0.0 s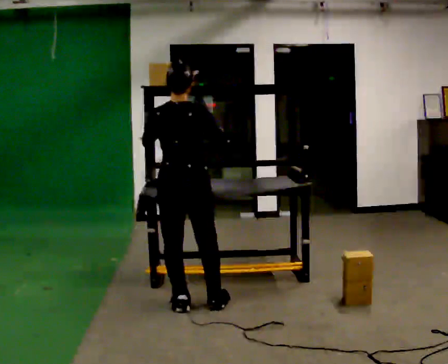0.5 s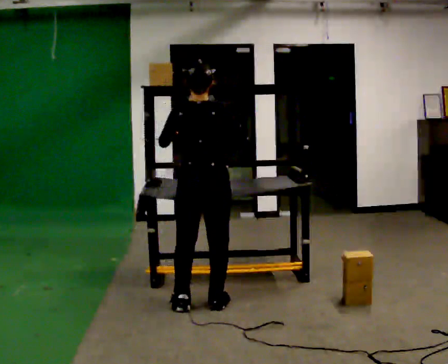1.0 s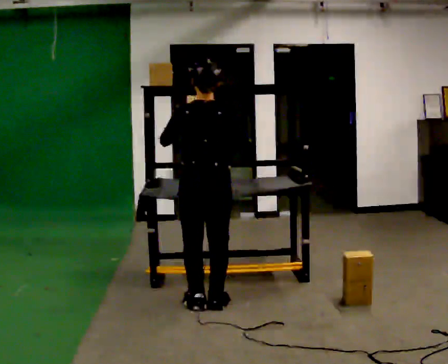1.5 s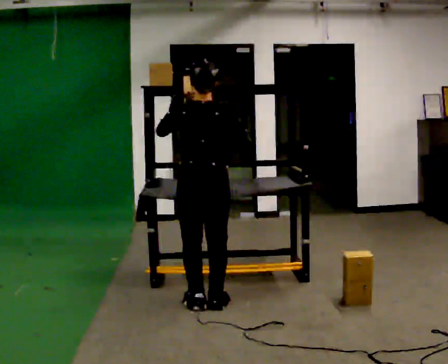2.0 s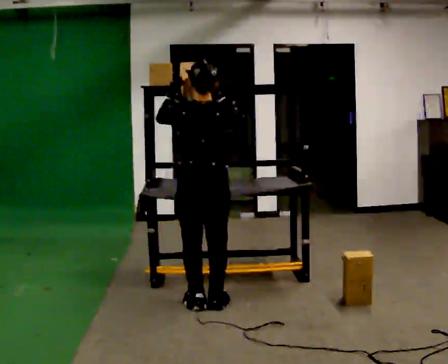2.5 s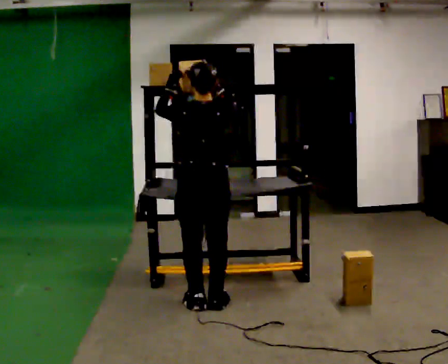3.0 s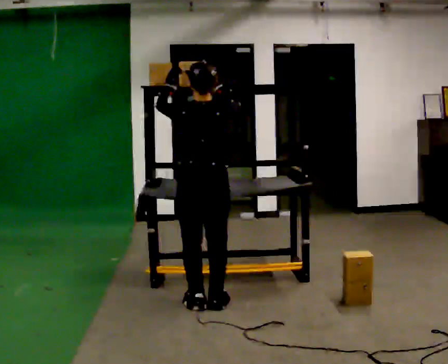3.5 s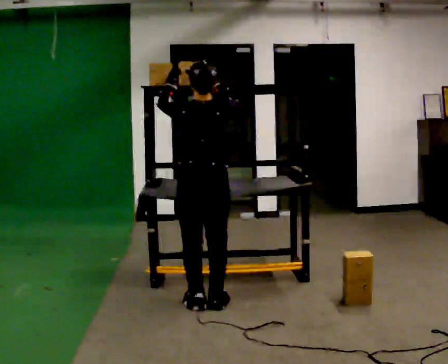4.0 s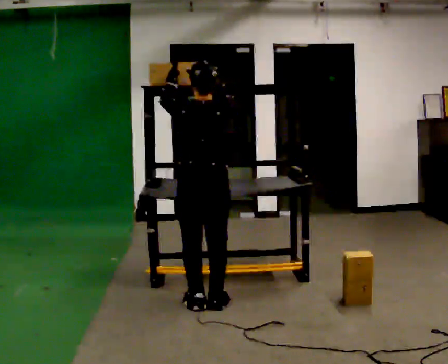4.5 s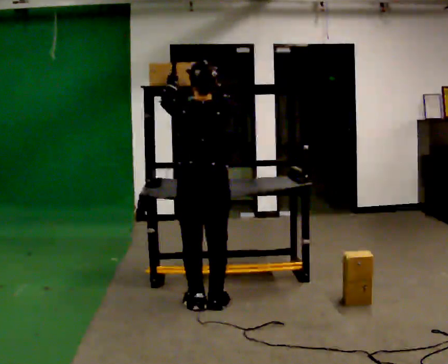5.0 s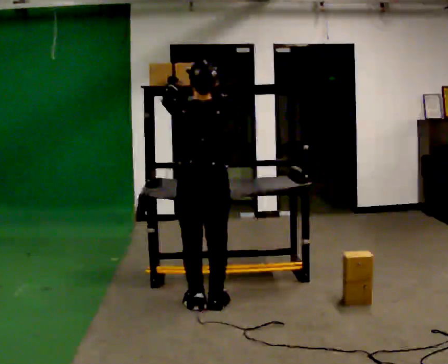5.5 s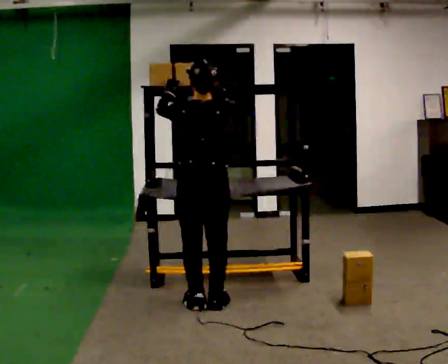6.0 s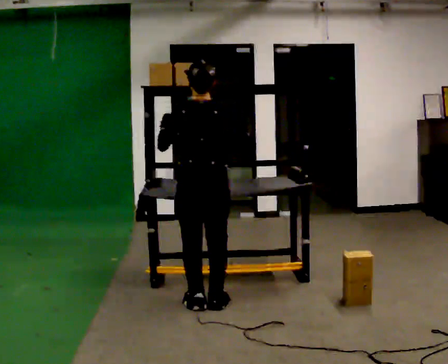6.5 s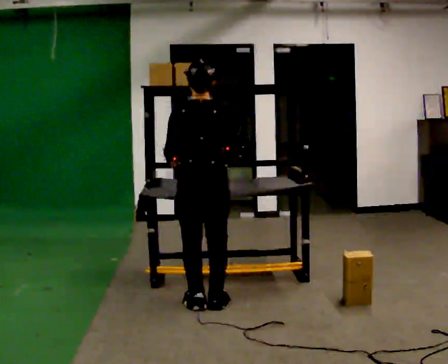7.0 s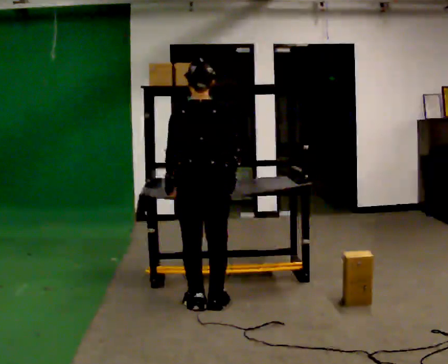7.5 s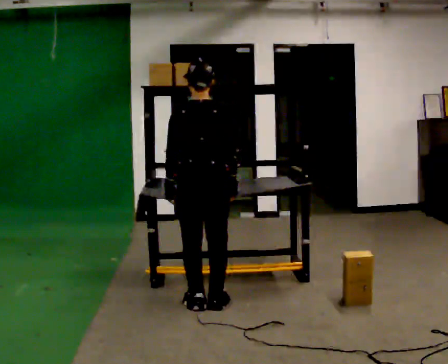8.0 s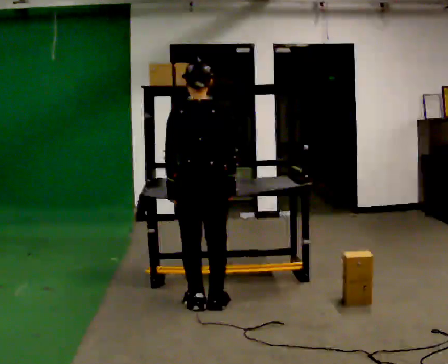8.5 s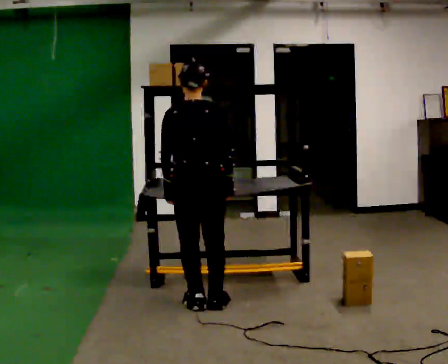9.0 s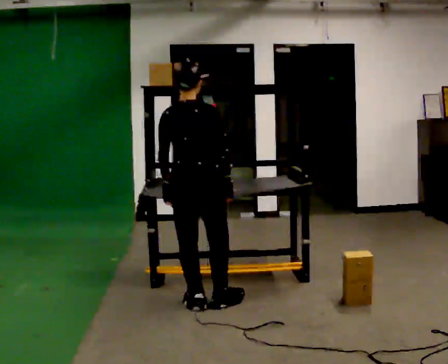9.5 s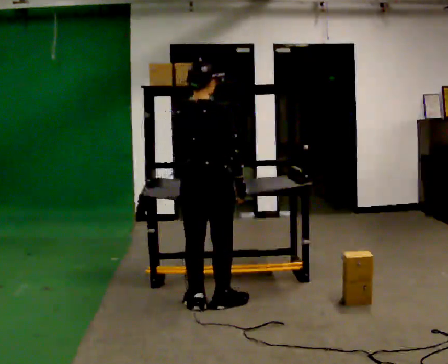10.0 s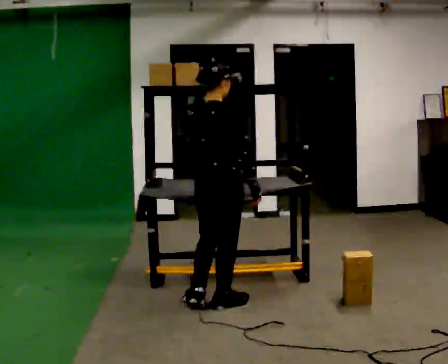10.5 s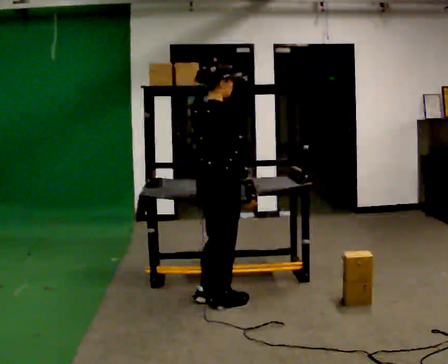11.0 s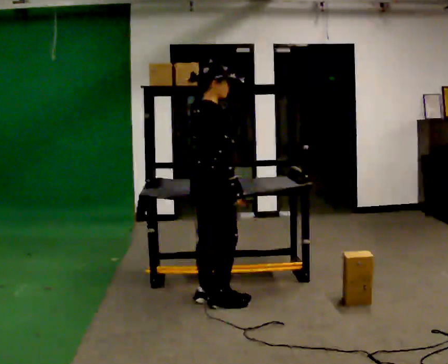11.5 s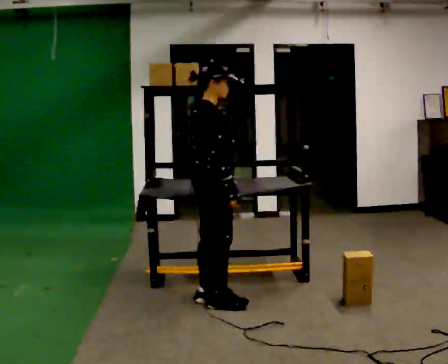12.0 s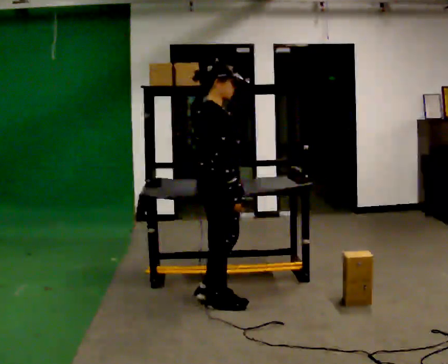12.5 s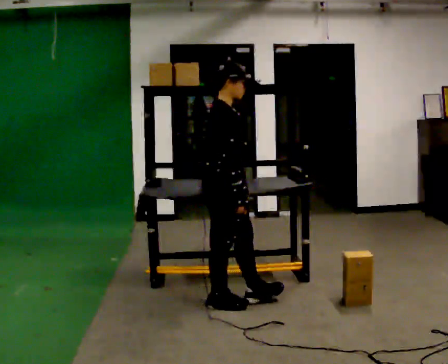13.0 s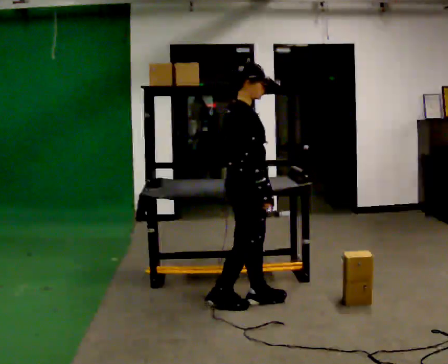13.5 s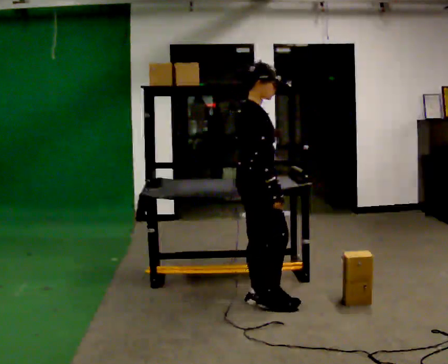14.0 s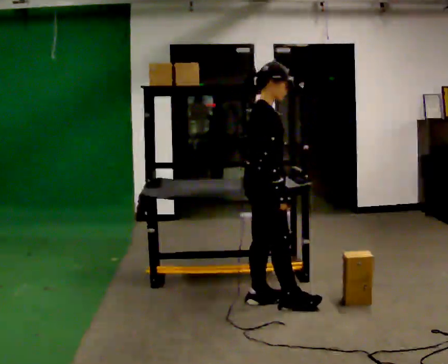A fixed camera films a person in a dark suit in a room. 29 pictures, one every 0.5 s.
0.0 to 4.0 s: The person moves a little, or ends about where they began.
4.0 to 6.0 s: In the picture their left hand goes downward.
6.0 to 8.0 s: In the picture their right hand goes downward.
8.0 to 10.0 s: The part of the body nearest the lens slides to the left as the person turns to their right by about 45 degrees.
10.0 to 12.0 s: Seen from above the body turns clockwise, about 45 degrees: to their right, with its near side sliding to the left.
12.0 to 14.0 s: In the picture they go to the right, about 0.25 m in 2 steps, which for them is forward.
The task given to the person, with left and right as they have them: Place the object on the shelf just at the top of your comfortable reach. Repeat at your own pace until the operator says stop. Keep both feet on the marked spots for the whole take. If you have to step, stop and tell the operator.
The film runs forward here.
